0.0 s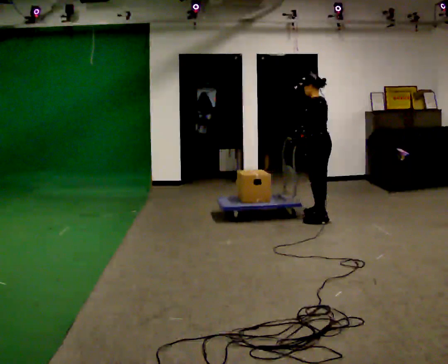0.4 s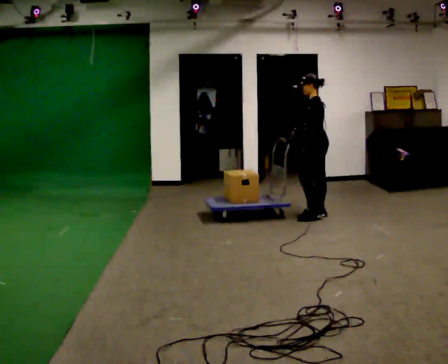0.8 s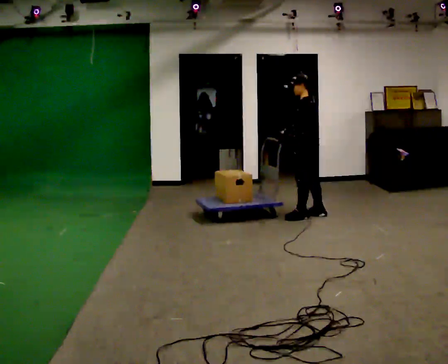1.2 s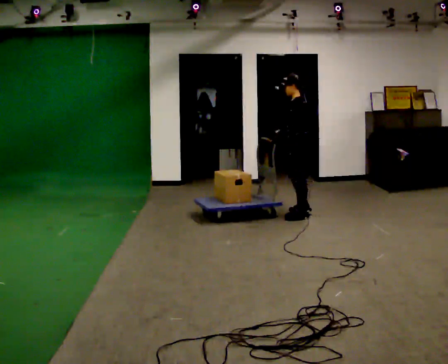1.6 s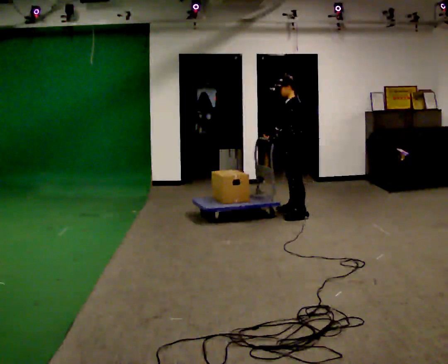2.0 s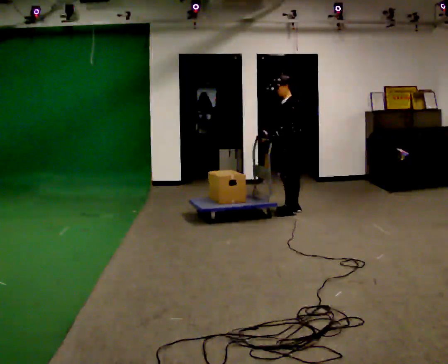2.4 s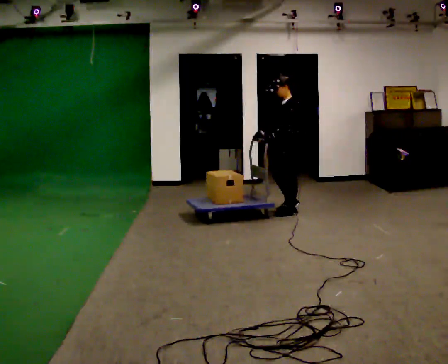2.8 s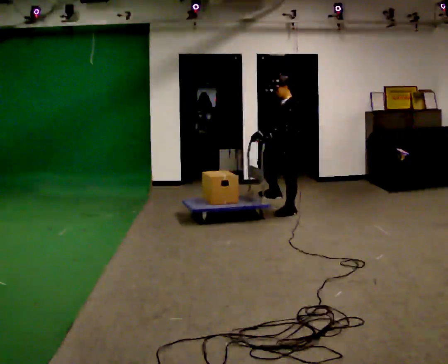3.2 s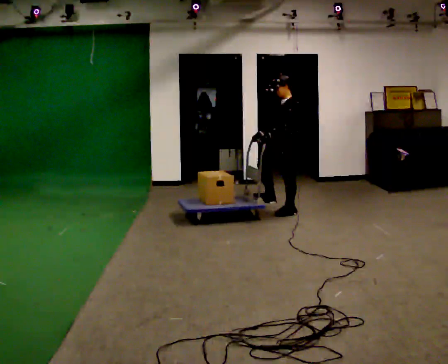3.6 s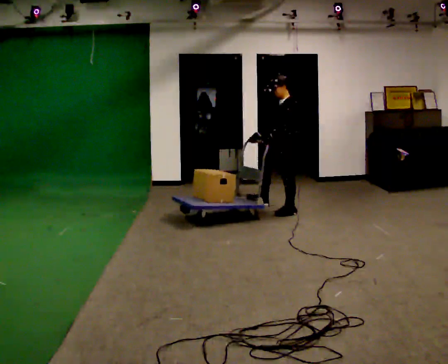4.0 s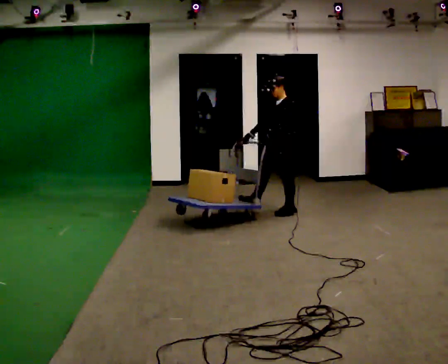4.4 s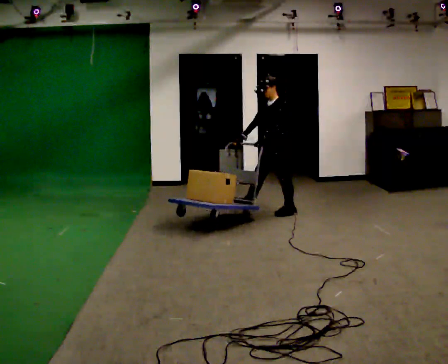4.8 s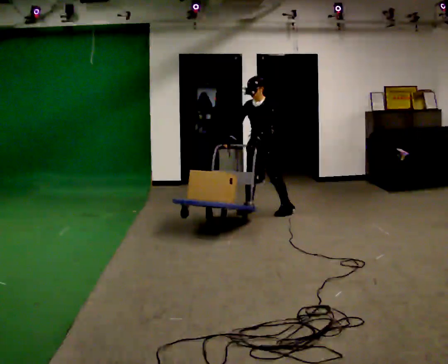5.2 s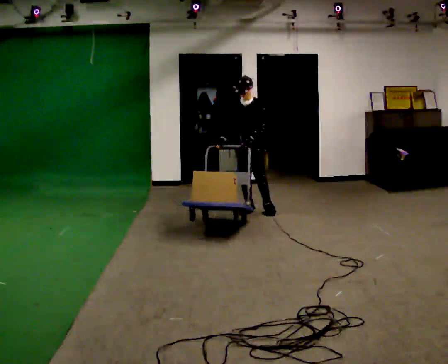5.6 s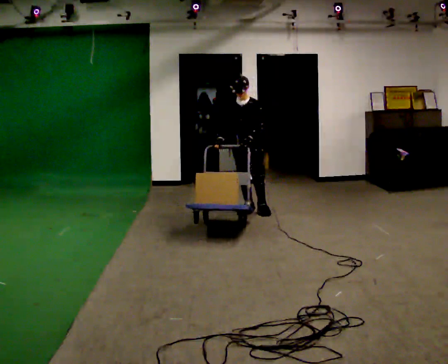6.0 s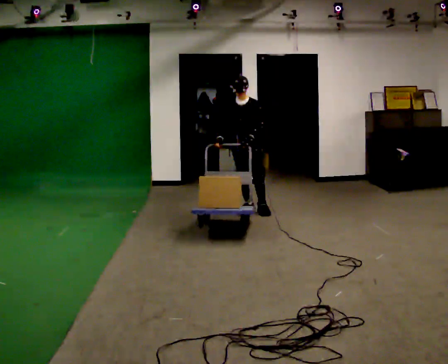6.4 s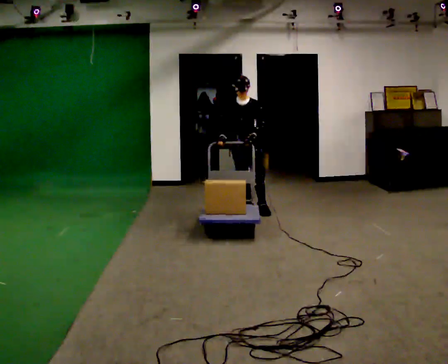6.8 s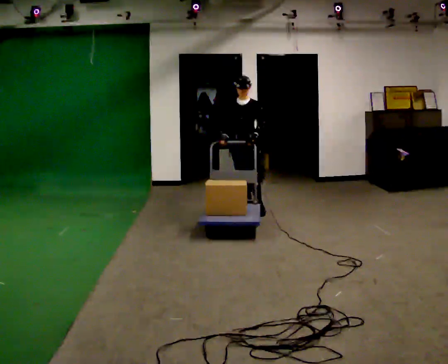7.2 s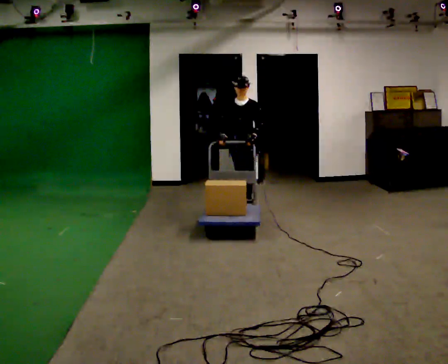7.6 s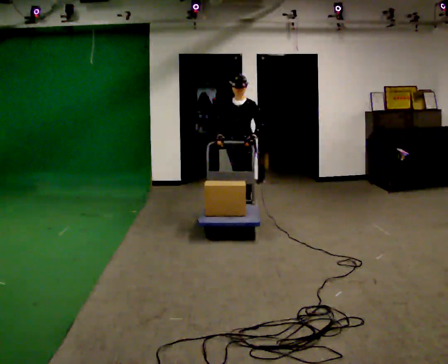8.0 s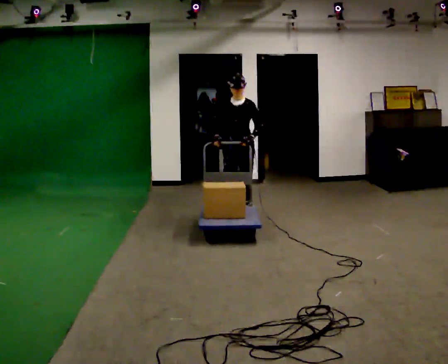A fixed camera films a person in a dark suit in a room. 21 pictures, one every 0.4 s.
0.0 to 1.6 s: Seen from above the body turns counterclockwise, about 30 degrees: to their left, with its near side sliding to the right. In the picture they go to the left and away from the camera, about 0.25 m in 2 steps, which for them is forward and to their right.
1.6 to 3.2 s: The person moves a little, or ends about where they began.
3.2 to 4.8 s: Seen from above the body turns counterclockwise, about 45 degrees: to their left, with its near side sliding to the right. In the picture they go to the left, about 0.25 m in 1 step, which for them is forward and to their right.
4.8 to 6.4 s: The person turns about 30 degrees to their left, counterclockwise seen from above, so the part of the body nearest the lens slides to the right. In the picture they go to the left, about 0.25 m in 1 step, which for them is to their right.
6.4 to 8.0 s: In the picture they go toward the camera, about 0.25 m in 1 step, which for them is forward.
The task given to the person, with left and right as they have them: Push the cart along the marked route and round the corner to the side the operator calls.
The film runs forward here.
